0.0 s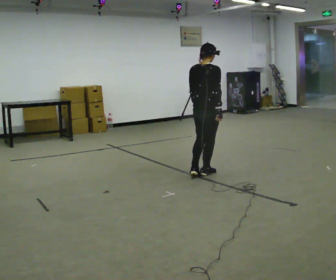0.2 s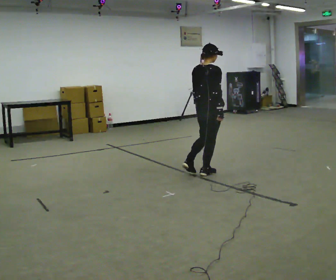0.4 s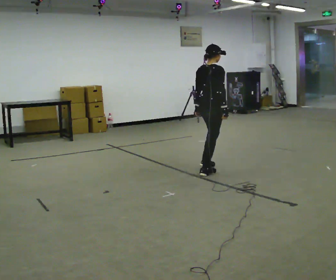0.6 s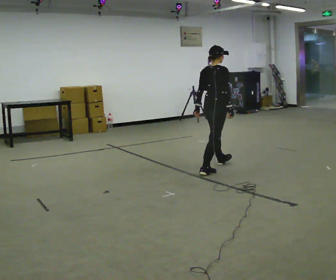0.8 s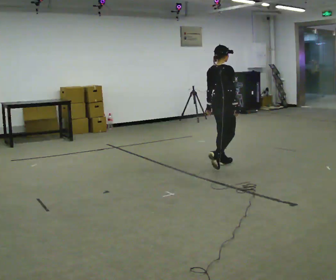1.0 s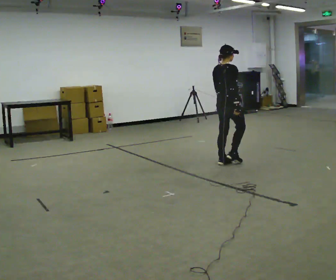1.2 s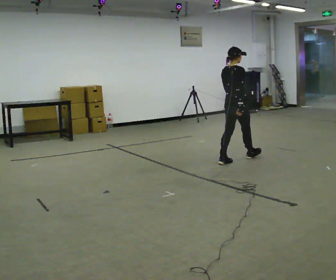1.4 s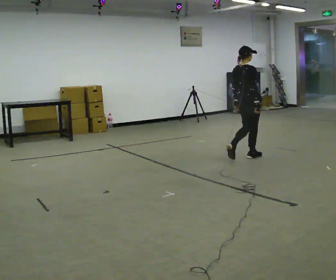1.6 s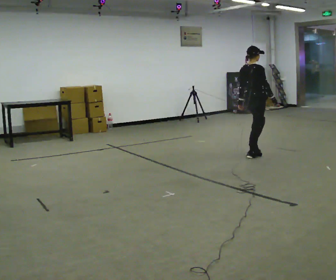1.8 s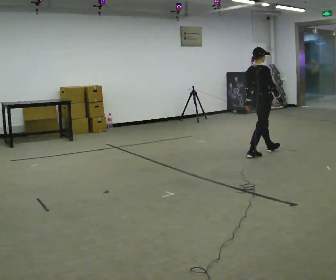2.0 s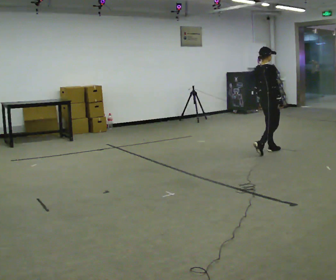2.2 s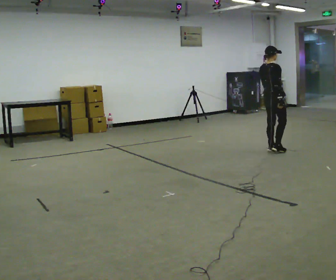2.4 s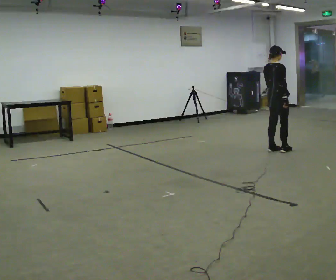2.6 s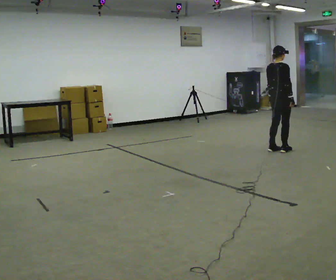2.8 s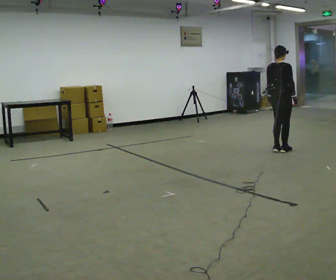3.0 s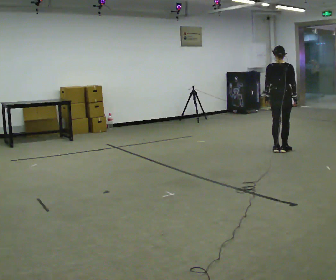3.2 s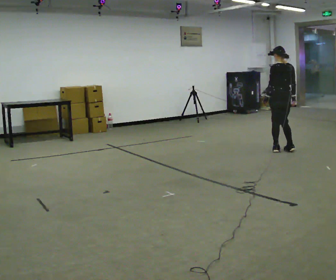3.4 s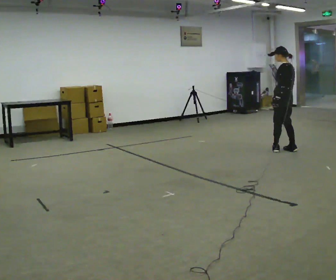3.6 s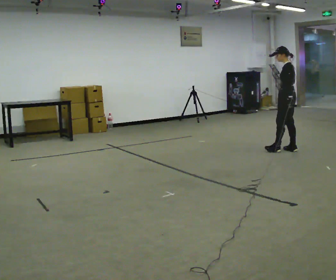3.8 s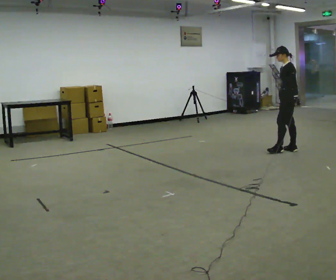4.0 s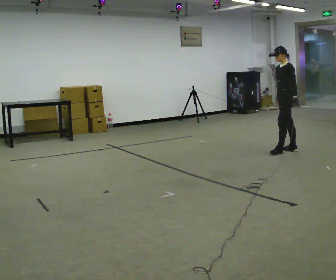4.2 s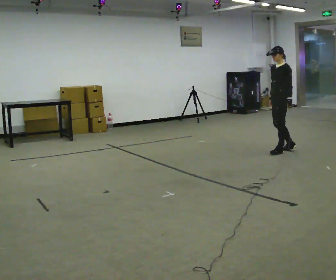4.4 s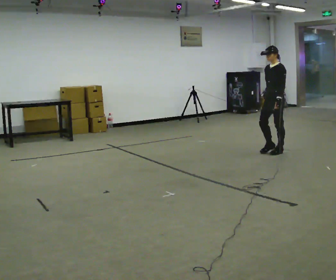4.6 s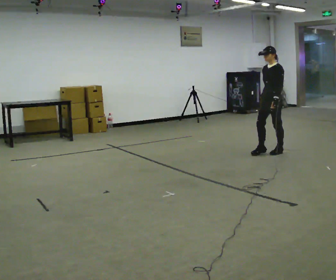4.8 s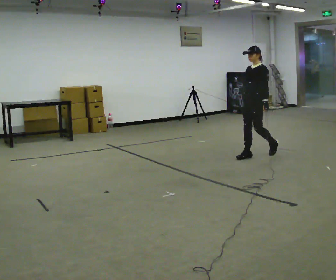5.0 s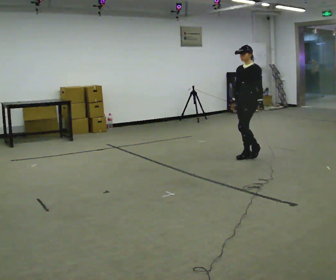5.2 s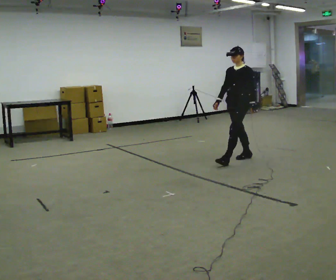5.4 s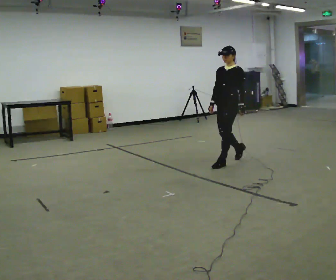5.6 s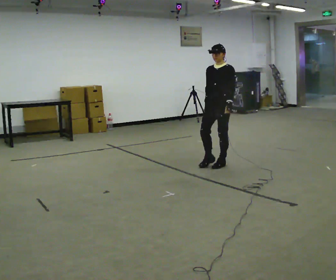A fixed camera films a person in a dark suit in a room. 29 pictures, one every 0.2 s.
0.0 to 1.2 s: In the picture they go away from the camera and to the right, about 0.5 m in 1 step, which for them is forward.
1.2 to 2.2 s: In the picture they go away from the camera and to the right, about 0.5 m in 2 steps, which for them is forward.
2.2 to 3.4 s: The person turns about 105 degrees to their left, counterclockwise seen from above, so the part of the body nearest the lens slides to the right. In the picture they go to the right, about 0.25 m in 2 steps.
3.4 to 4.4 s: The person turns about 60 degrees to their left, counterclockwise seen from above, so the part of the body nearest the lens slides to the right. In the picture they go to the left and toward the camera, about 0.25 m.
4.4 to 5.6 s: Seen from above the body turns counterclockwise, about 30 degrees: to their left, with its near side sliding to the right. In the picture they go to the left and toward the camera, about 1 m in 2 steps, which for them is forward.
The film runs forward here.
